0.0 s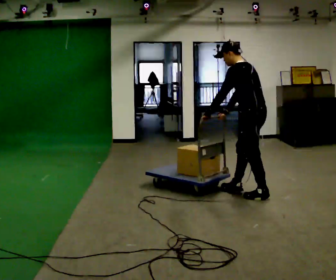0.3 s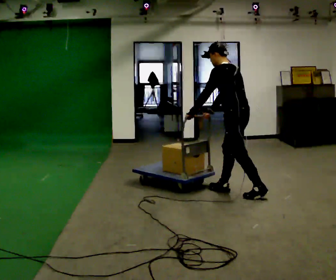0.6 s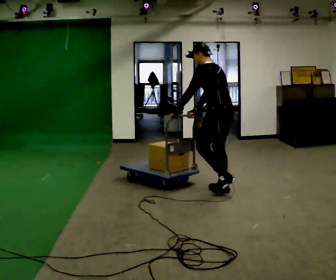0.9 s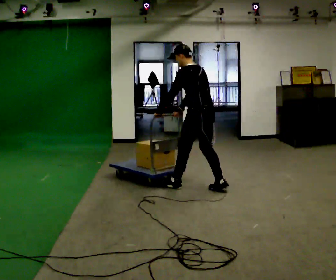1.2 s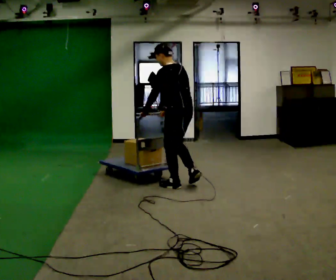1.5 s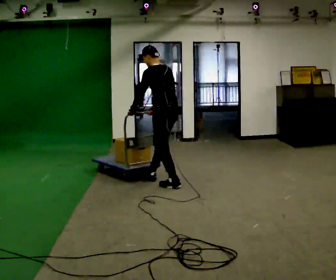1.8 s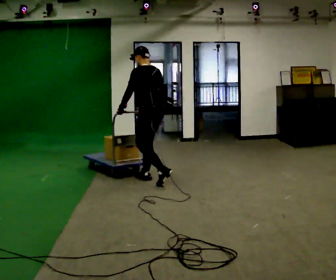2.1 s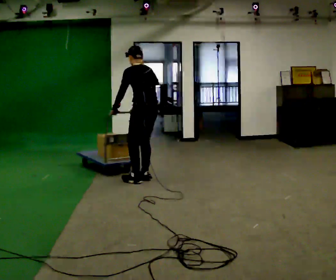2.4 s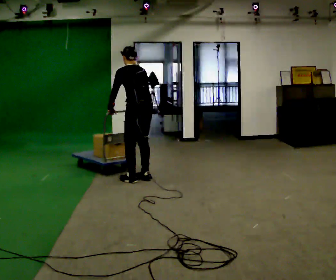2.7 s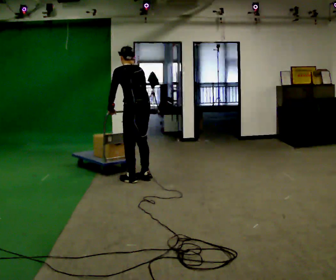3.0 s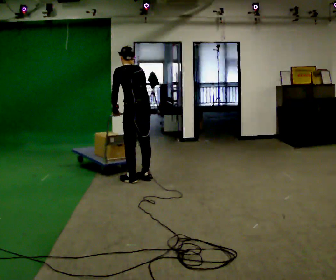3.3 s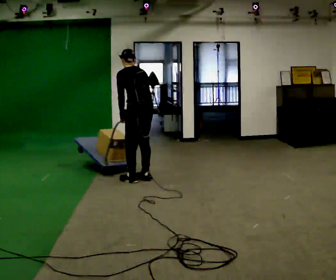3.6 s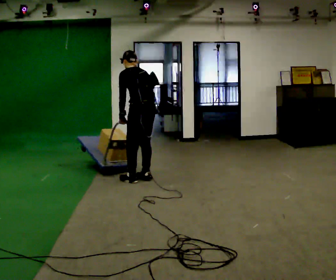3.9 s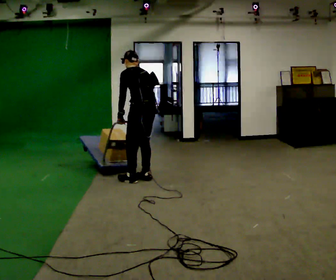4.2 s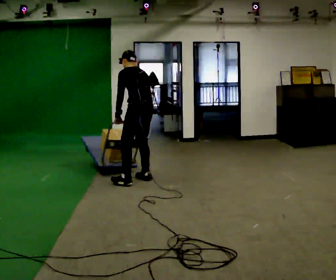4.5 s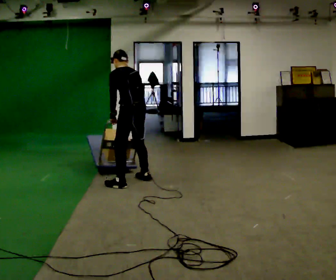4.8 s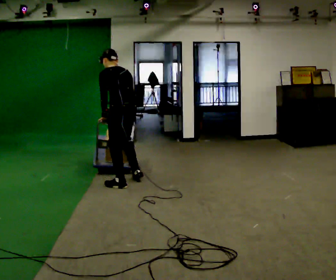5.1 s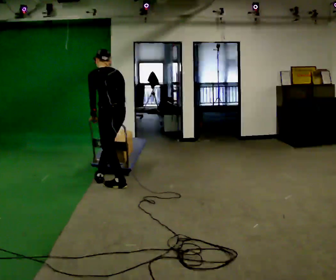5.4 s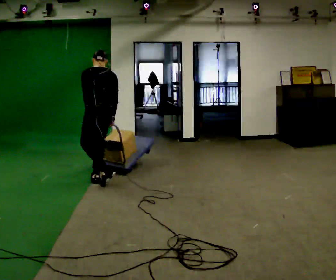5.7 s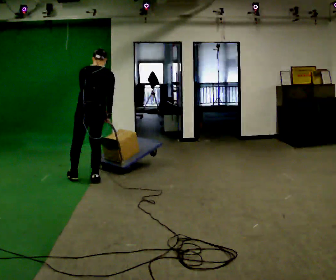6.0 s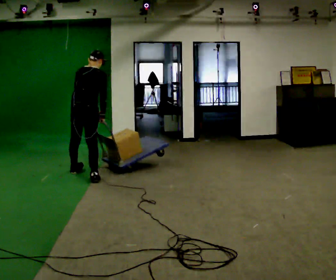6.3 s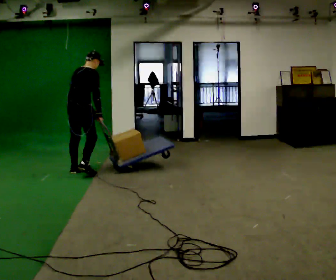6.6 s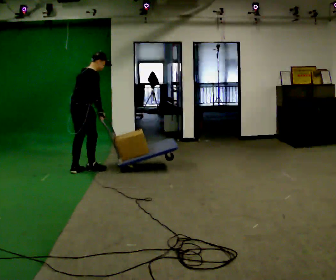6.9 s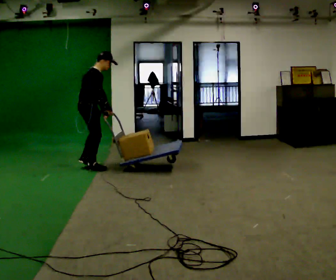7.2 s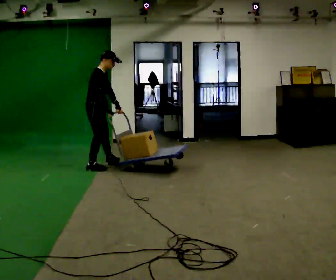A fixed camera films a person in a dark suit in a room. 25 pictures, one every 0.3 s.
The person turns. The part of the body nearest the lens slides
to the left.
The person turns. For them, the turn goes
to their right.
0.0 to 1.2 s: In the picture they go to the left and away from the camera, about 1 m in 2 steps, which for them is forward.
1.2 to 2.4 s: In the picture they go to the left and away from the camera, about 0.5 m in 2 steps, which for them is forward.
2.4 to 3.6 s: The person moves a little, or ends about where they began.
3.6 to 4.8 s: In the picture they go to the left and toward the camera, about 0.25 m in 1 step, which for them is to their left.
4.8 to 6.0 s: The part of the body nearest the lens slides to the left as the person turns to their right by about 60 degrees. In the picture they go to the left and away from the camera, about 0.75 m in 2 steps. In the picture the upper body tilts clockwise, shoulders to the right.
6.0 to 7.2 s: Seen from above the body turns clockwise, about 75 degrees: to their right, with its near side sliding to the left. In the picture they go away from the camera, about 0.5 m in 2 steps.
The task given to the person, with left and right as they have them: Push the loaded cart from one corner of the room to the other, turn it round, and push it back. Keep going until the operator says stop.
The film runs forward here.
